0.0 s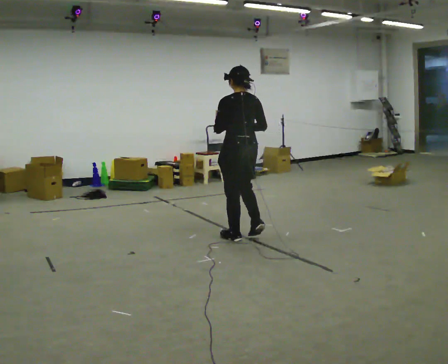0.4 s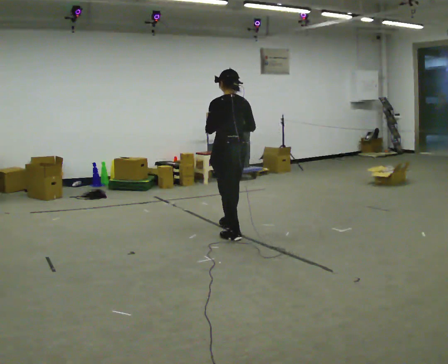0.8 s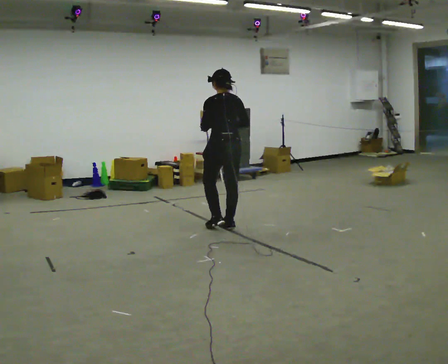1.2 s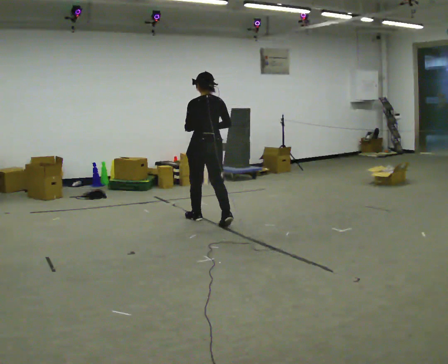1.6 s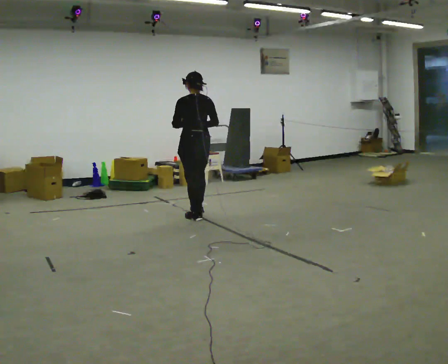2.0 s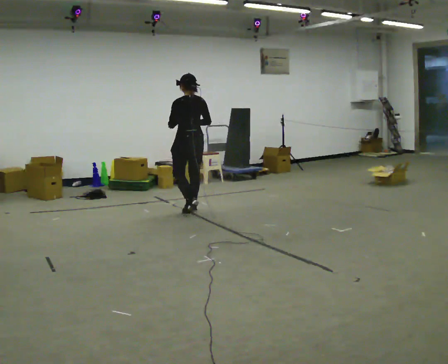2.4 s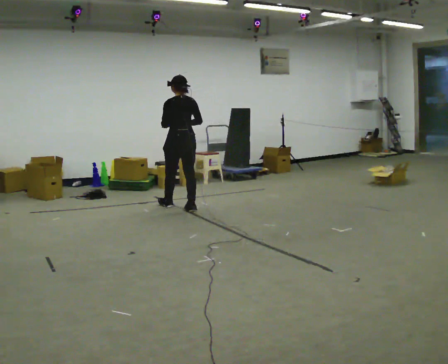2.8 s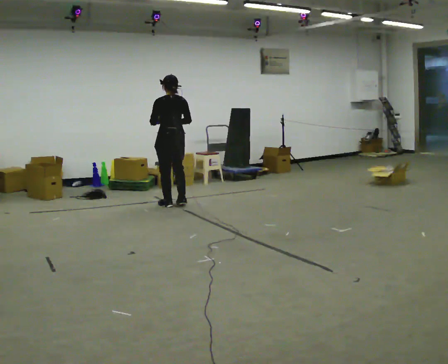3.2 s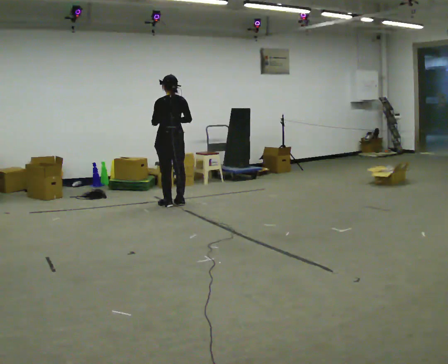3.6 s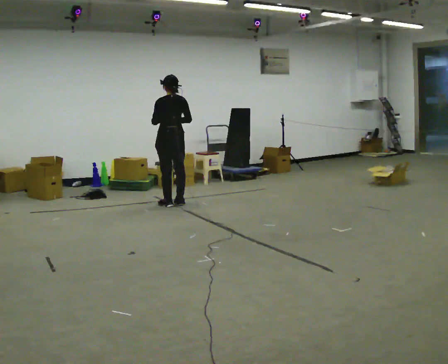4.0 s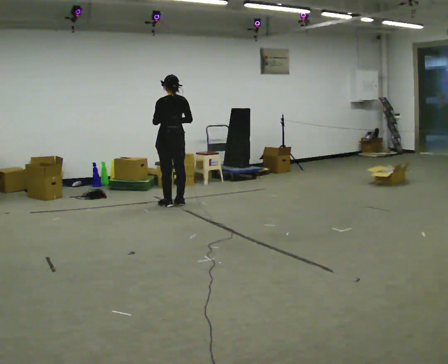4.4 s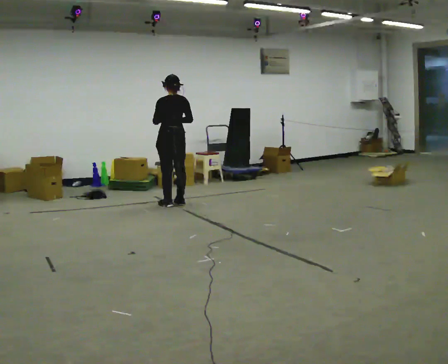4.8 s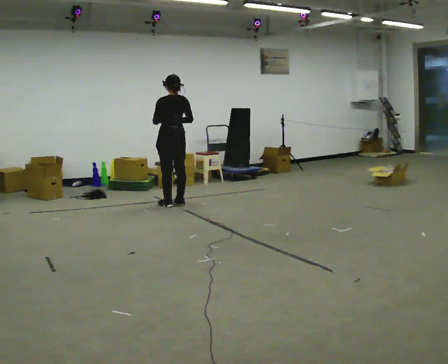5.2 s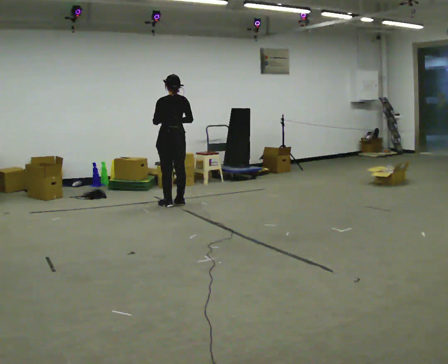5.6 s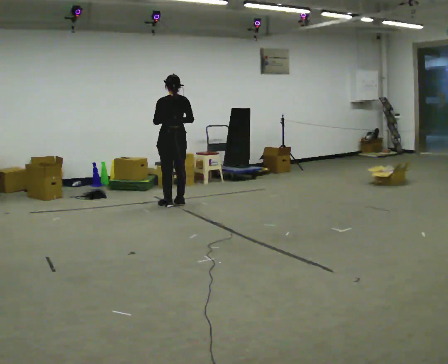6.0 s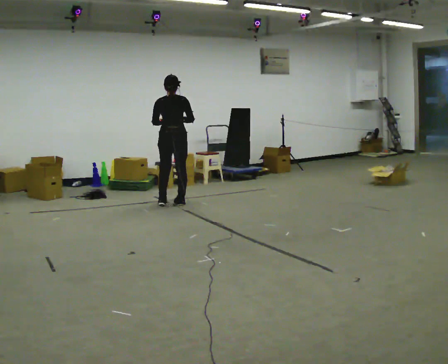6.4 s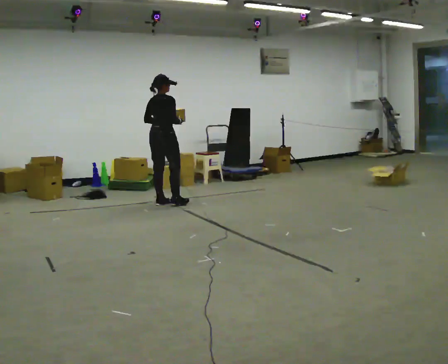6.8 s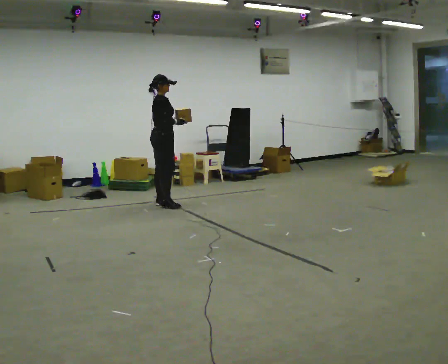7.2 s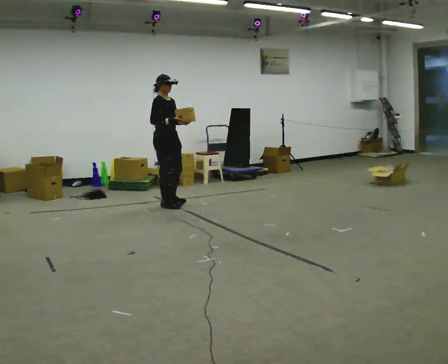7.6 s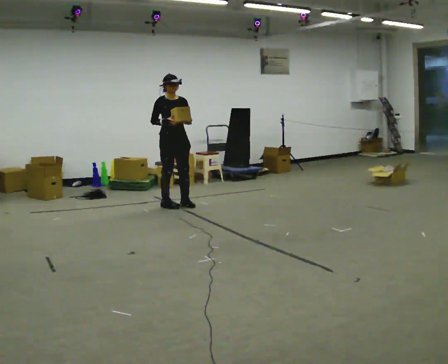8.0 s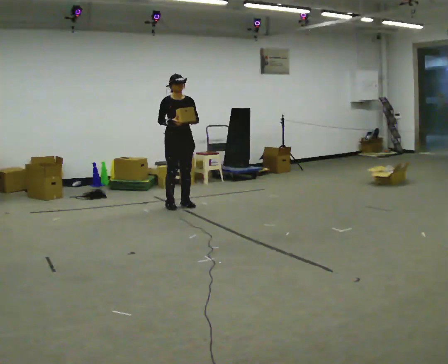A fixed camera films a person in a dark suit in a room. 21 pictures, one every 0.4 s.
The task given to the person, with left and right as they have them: Carry the light box in both hands in front of you, walking back and forth across the room. Keep walking until the operator says stop.
0.0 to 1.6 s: In the picture they go away from the camera and to the left, about 1 m in 2 steps, which for them is forward.
1.6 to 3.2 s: In the picture they go away from the camera, about 1 m in 3 steps, which for them is forward.
3.2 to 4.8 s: The person moves a little, or ends about where they began.
4.8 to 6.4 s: The part of the body nearest the lens slides to the left as the person turns to their right by about 60 degrees.
6.4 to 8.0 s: The person turns about 120 degrees to their right, clockwise seen from above, so the part of the body nearest the lens slides to the left. In the picture they go to the right, about 0.25 m in 2 steps. In the picture their left hand goes to the right.
The film runs forward here.
